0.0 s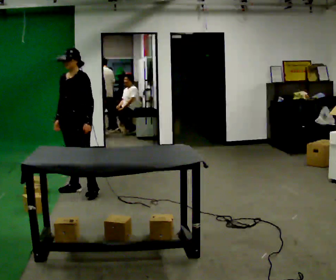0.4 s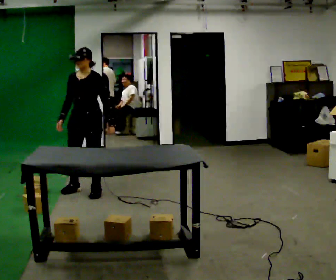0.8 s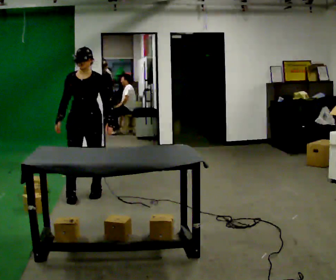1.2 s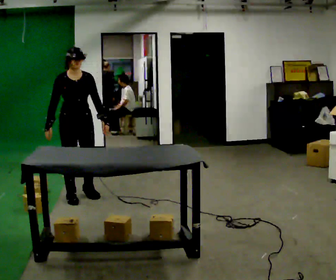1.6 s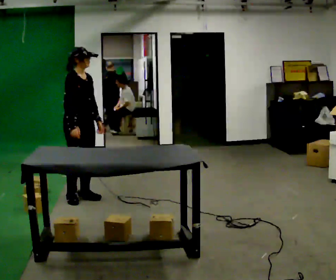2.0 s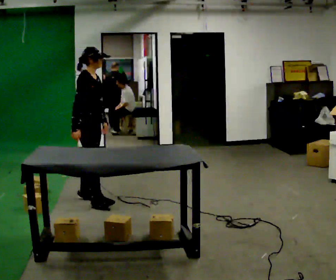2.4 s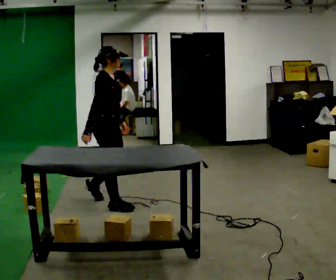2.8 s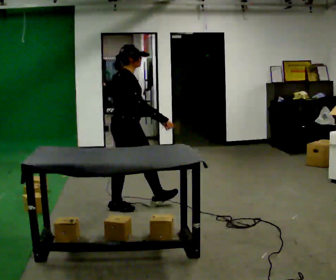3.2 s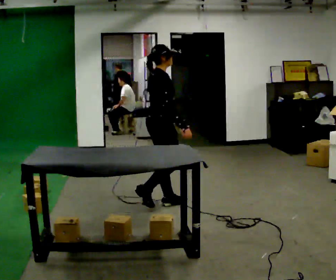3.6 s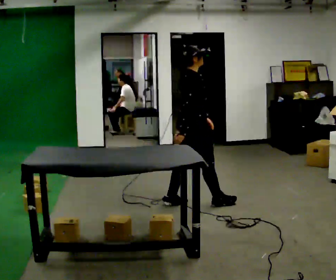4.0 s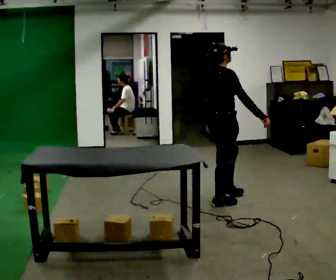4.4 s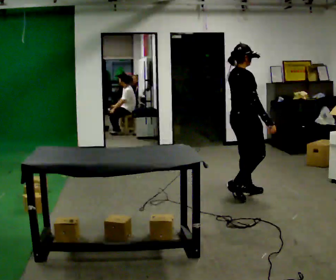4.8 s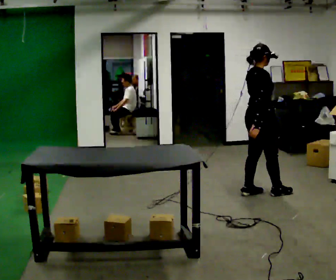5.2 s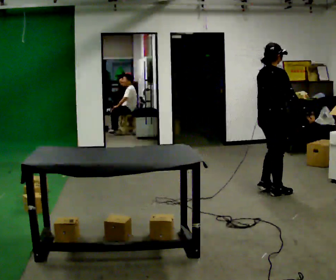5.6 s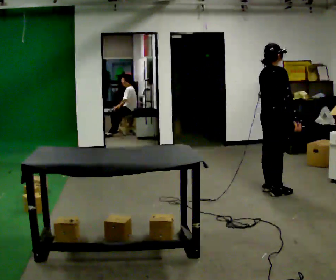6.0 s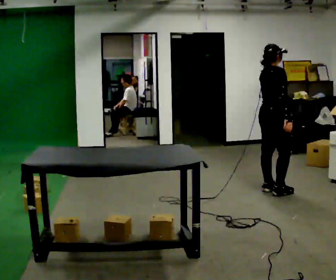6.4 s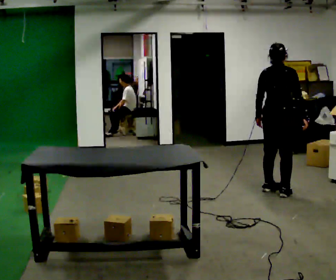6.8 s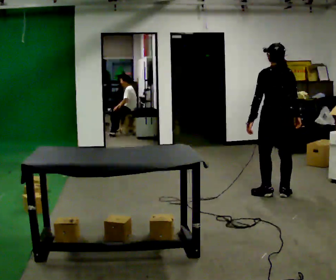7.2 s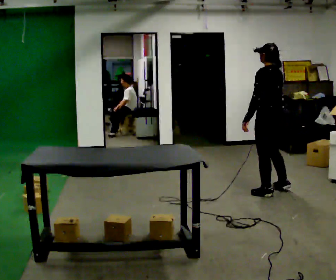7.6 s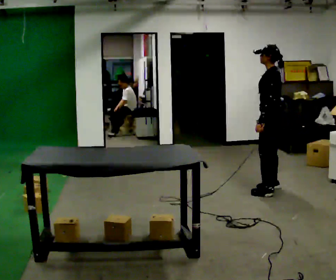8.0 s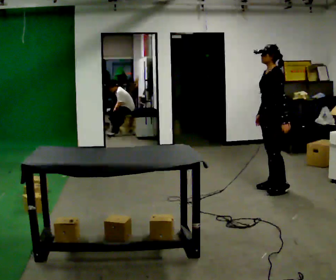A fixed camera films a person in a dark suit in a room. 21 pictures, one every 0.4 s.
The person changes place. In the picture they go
to the right.
The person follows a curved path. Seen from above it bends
counterclockwise.
0.0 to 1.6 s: The part of the body nearest the lens slides to the right as the person turns to their left by about 105 degrees. In the picture they go toward the camera, about 0.25 m in 3 steps.
1.6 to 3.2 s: The part of the body nearest the lens slides to the right as the person turns to their left by about 30 degrees. In the picture they go to the right, about 1 m in 2 steps, which for them is forward.
3.2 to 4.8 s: In the picture they go to the right and away from the camera, about 1 m in 3 steps, which for them is forward.
4.8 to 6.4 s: The part of the body nearest the lens slides to the right as the person turns to their left by about 30 degrees. In the picture they go to the right, about 0.25 m in 1 step, which for them is forward. In the picture their right hand goes to the right.
6.4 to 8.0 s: Seen from above the body turns counterclockwise, about 135 degrees: to their left, with its near side sliding to the right. In the picture they go away from the camera, about 0.25 m in 3 steps.
The film runs forward here.
